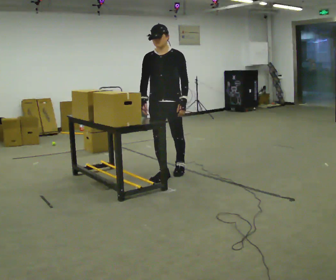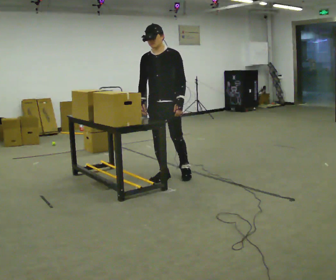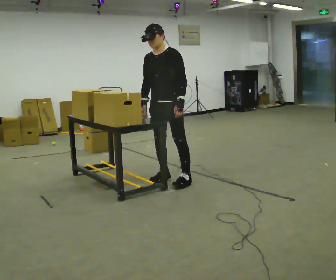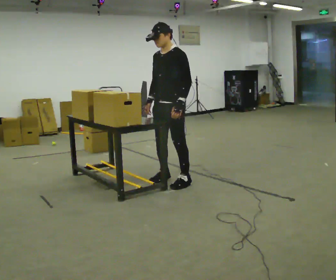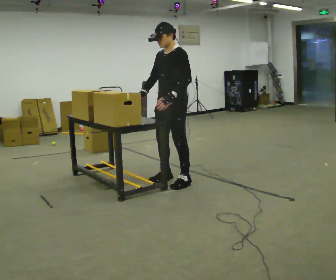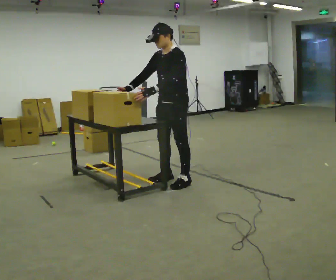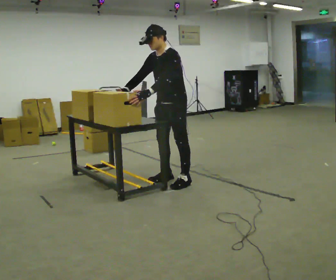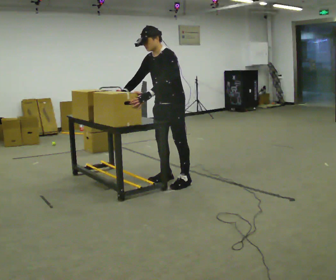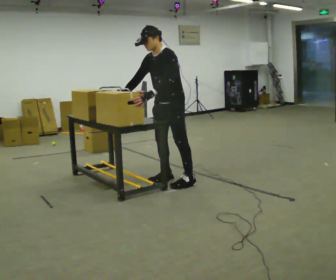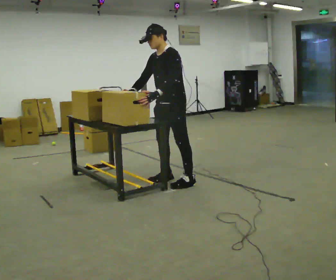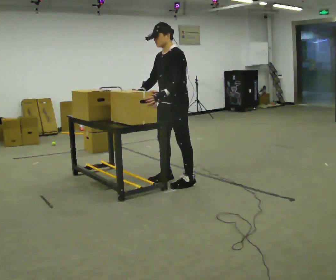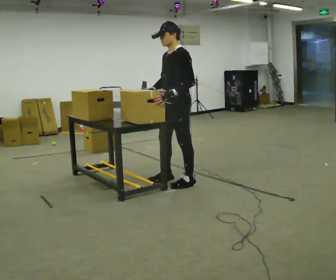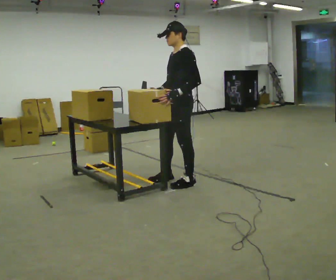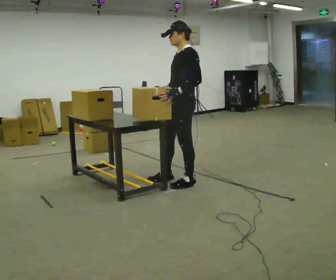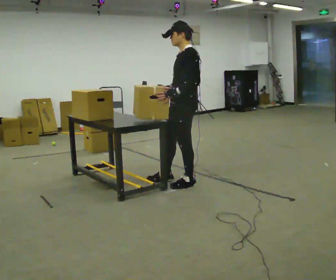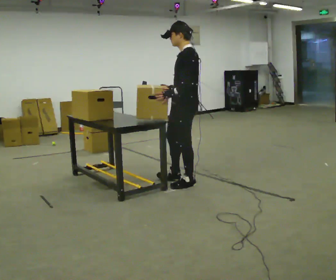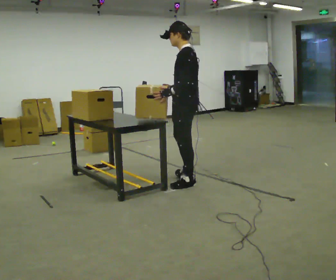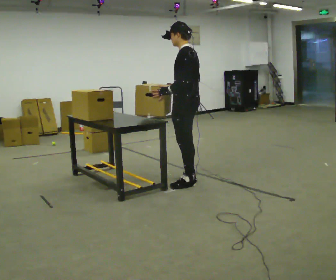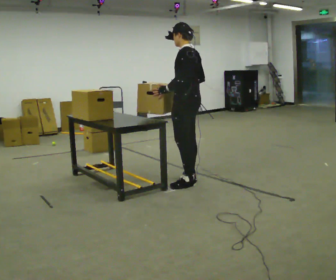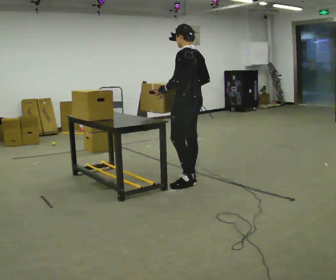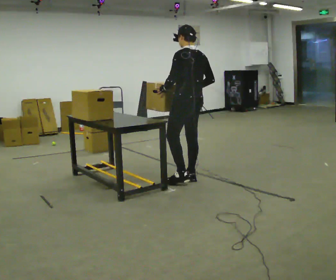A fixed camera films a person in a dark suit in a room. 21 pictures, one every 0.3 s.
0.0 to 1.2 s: The person turns about 45 degrees to their right, clockwise seen from above, so the part of the body nearest the lens slides to the left. In the picture they go toward the camera, about 0.25 m in 1 step, which for them is to their left and forward.
1.2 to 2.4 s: The person moves a little, or ends about where they began.
2.4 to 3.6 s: In the picture the upper body tilts clockwise, shoulders to the right, as they lean back or straighten. In the picture their right hand goes to the right.
3.6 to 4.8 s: The person moves a little, or ends about where they began.
4.8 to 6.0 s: Seen from above the body turns clockwise, about 45 degrees: to their right, with its near side sliding to the left. In the picture they go away from the camera, about 0.25 m in 1 step, which for them is to their right.
The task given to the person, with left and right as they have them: Take an object off the waist-height shelf, carry it across the room, and set it down on the floor. Keep going until the operator says stop; one object at a time, and do not rush between trips.
The film runs forward here.
